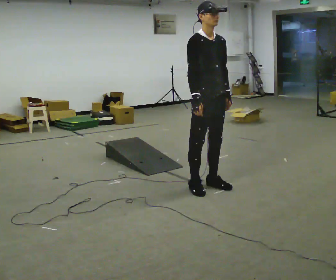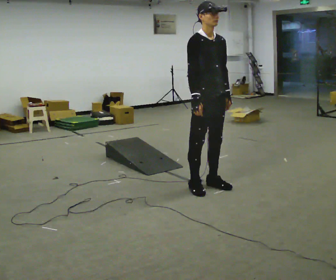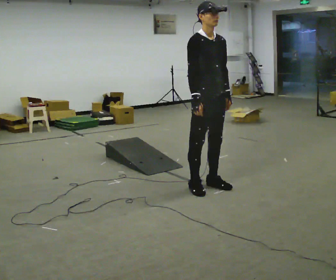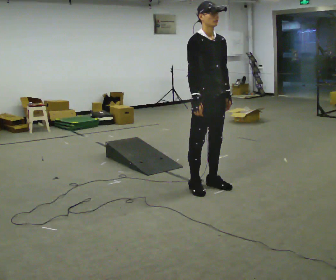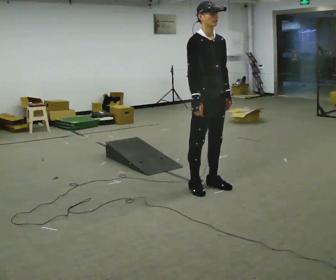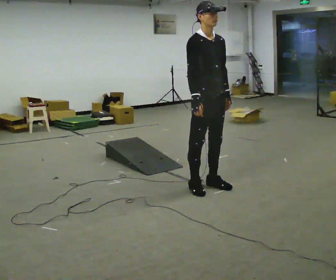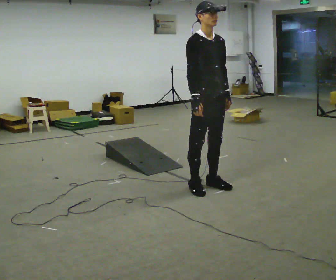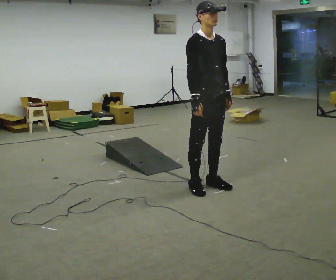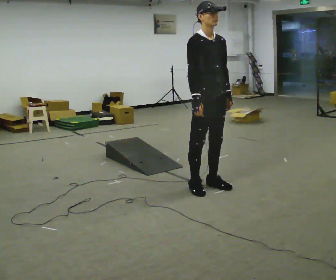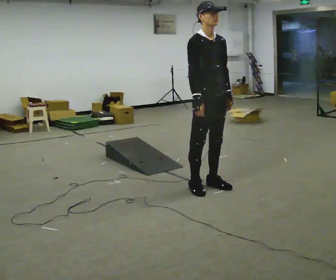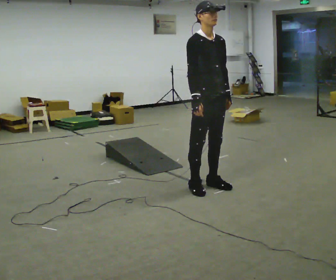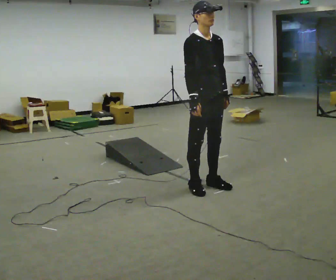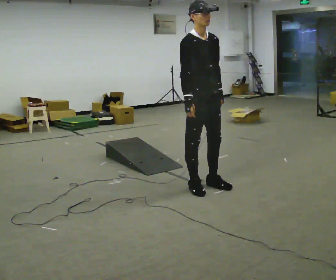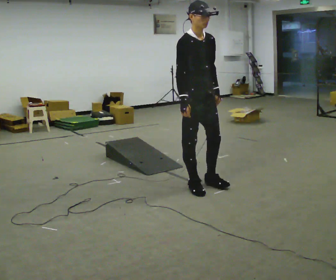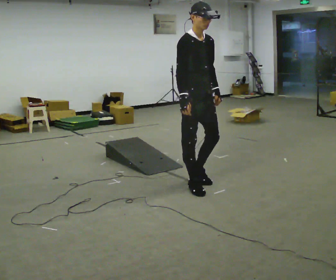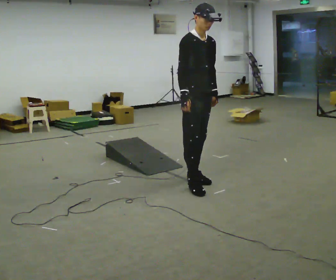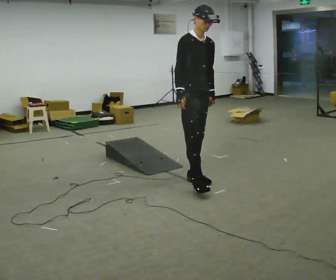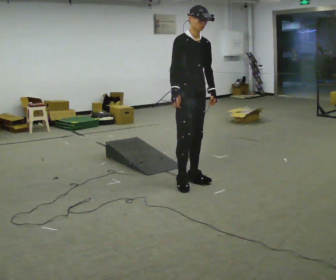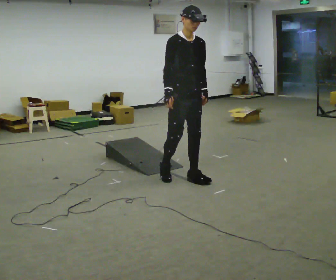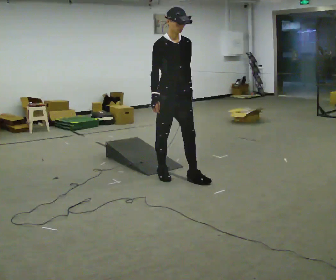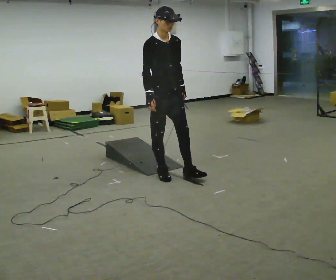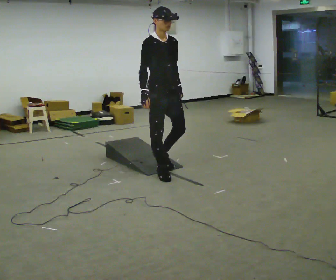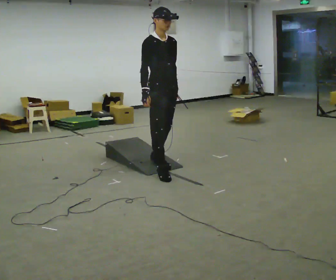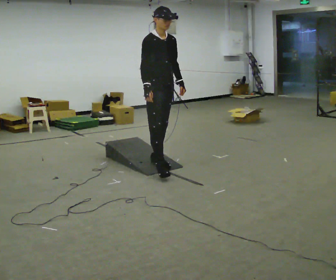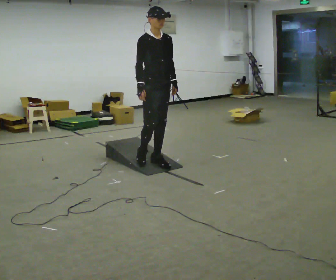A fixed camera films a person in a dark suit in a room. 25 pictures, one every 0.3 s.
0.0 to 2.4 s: The person keeps their place and pose.
2.4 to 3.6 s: The person moves a little, or ends about where they began.
3.6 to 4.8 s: In the picture they go away from the camera, about 0.25 m in 1 step, which for them is backward.
4.8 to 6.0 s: In the picture they go to the left, about 0.25 m in 2 steps, which for them is backward and to their right.
6.0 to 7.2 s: In the picture they go away from the camera, about 0.25 m in 1 step, which for them is backward and to their left.
The film runs backward here.
